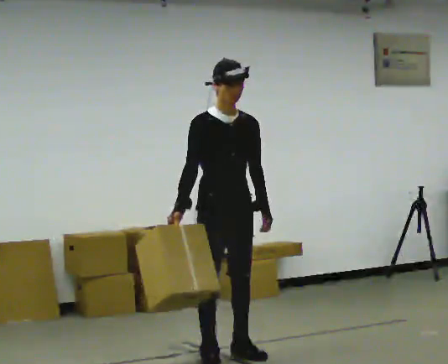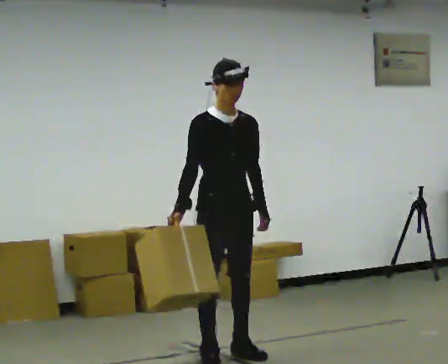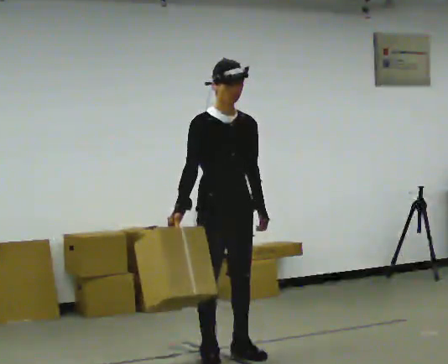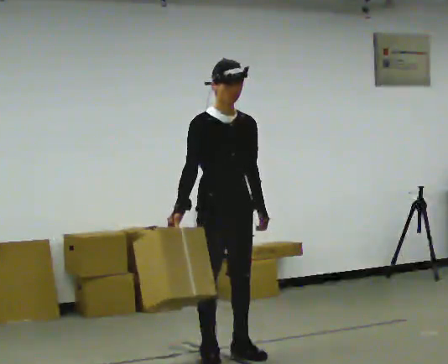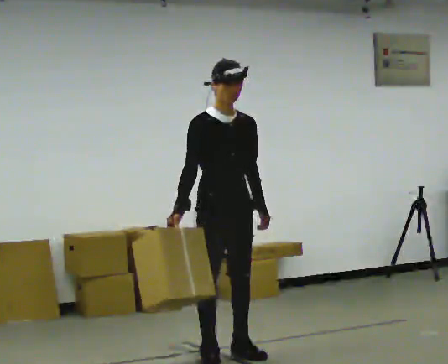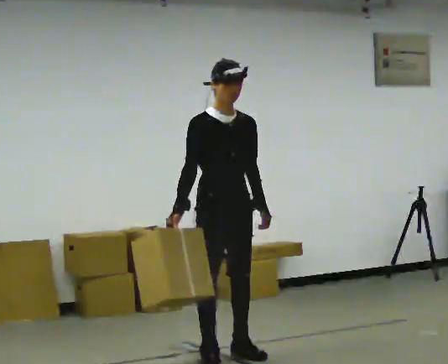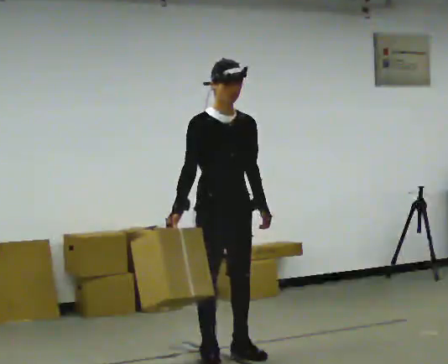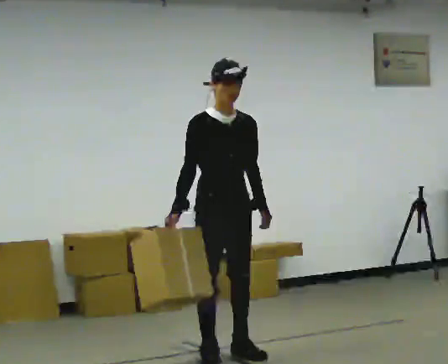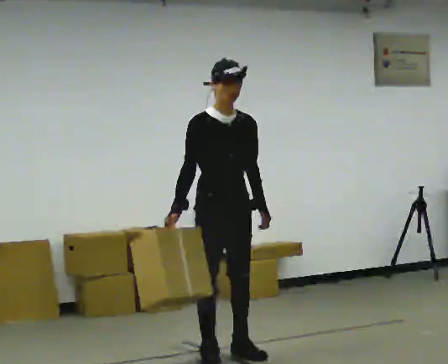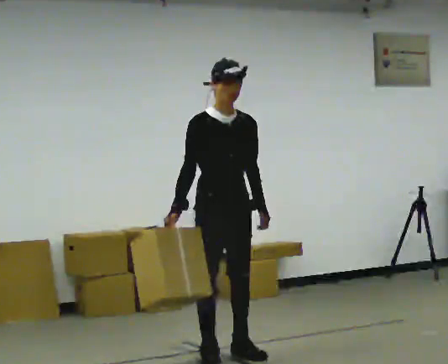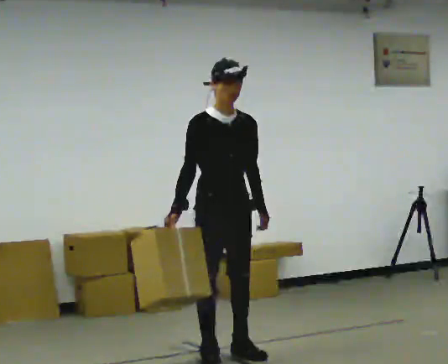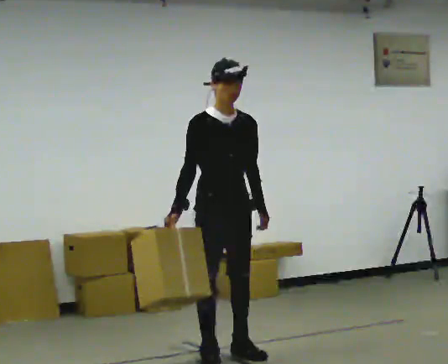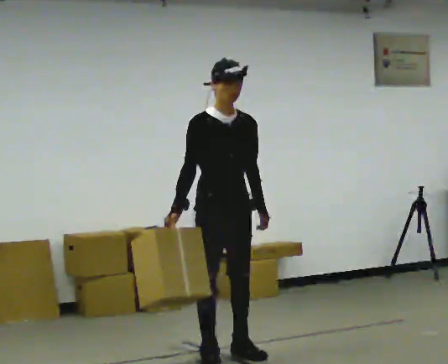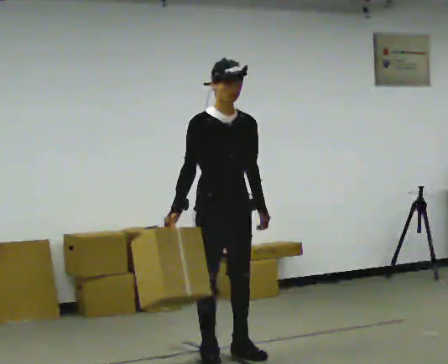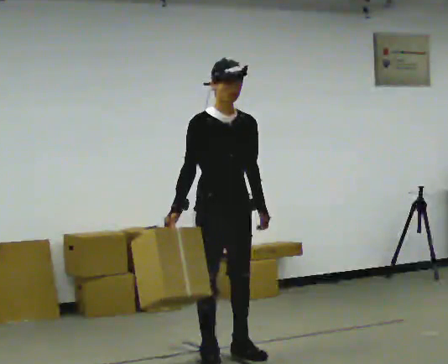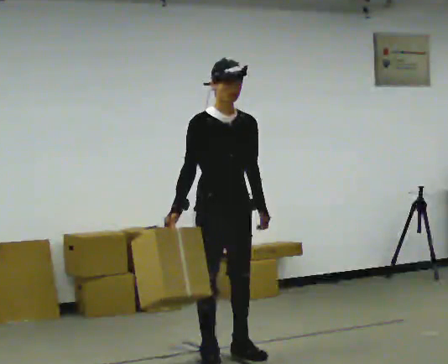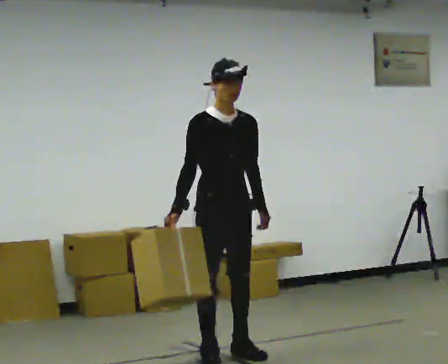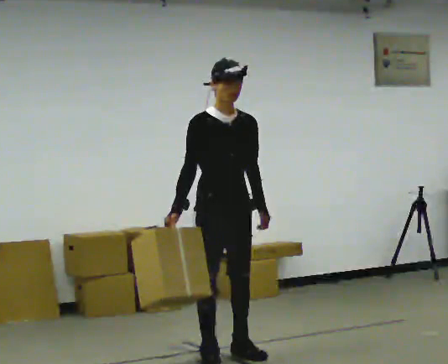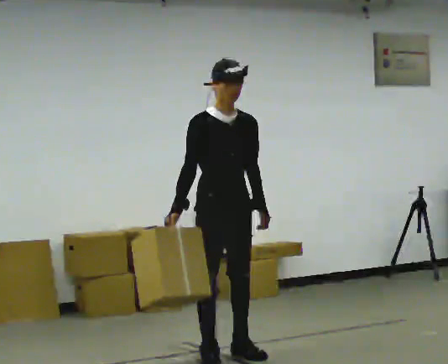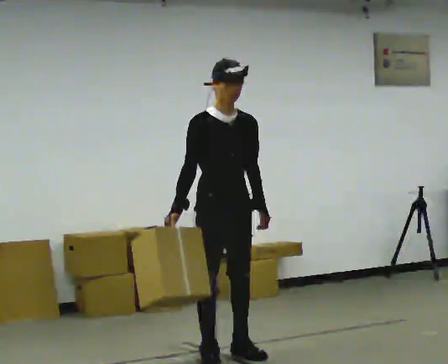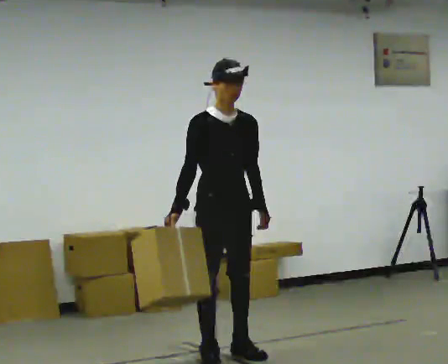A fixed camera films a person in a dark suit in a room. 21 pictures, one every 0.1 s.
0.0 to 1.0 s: The person moves a little, or ends about where they began.
1.0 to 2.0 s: The person keeps their place and pose.
The film runs forward here.
